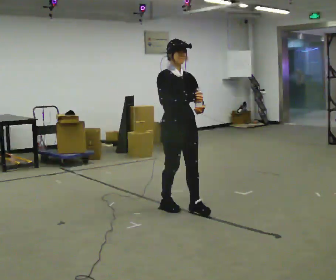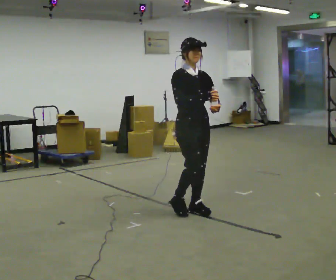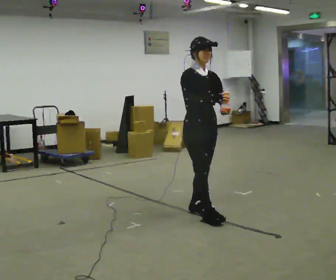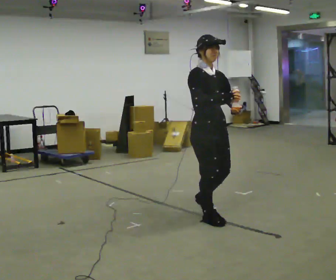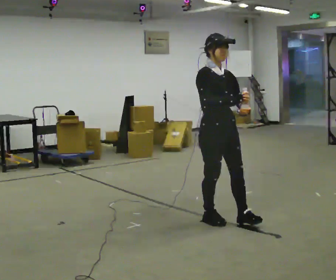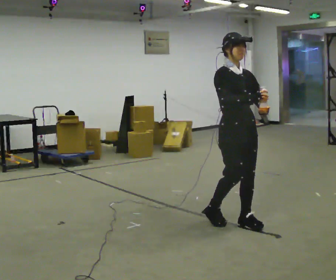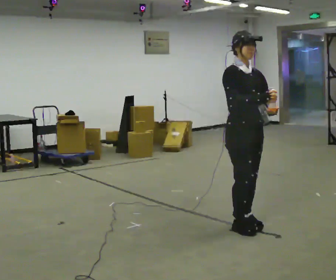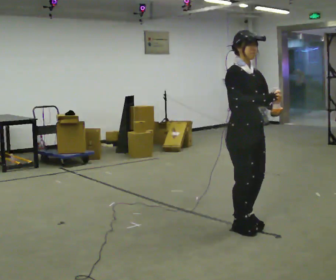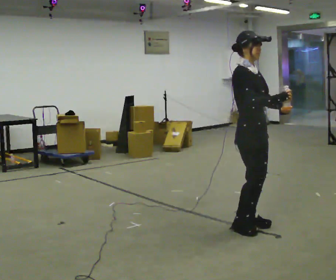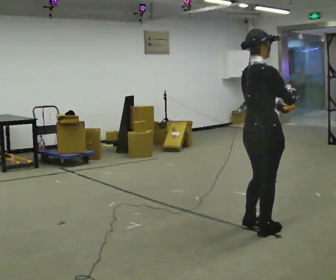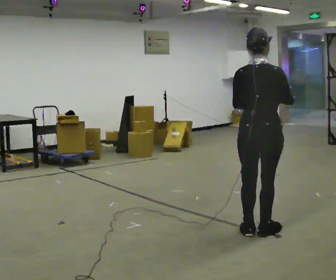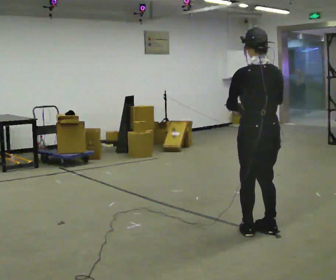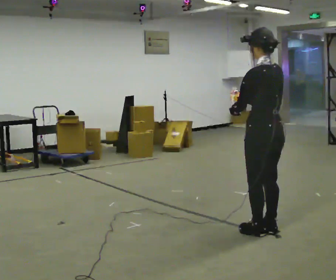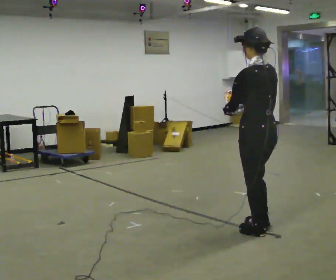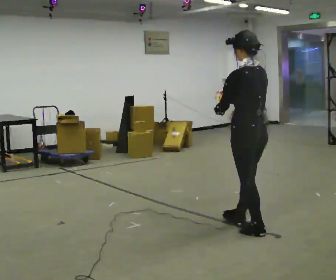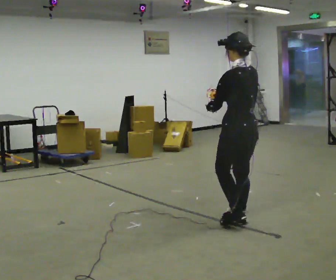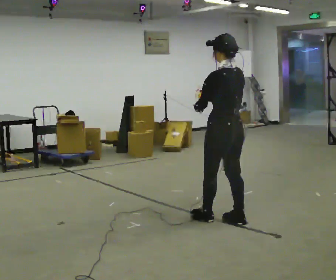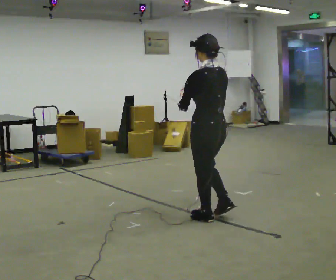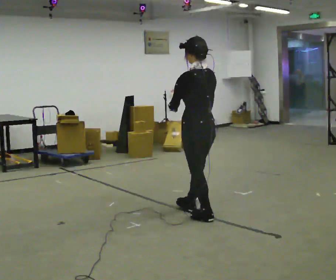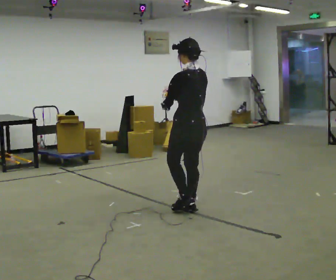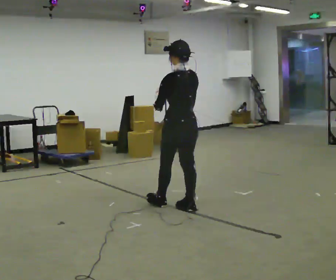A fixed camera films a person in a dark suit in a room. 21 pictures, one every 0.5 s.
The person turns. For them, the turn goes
to their left.
The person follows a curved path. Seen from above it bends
counterclockwise.
0.0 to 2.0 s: In the picture they go to the right and toward the camera, about 0.5 m in 2 steps, which for them is forward.
2.0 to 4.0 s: Seen from above the body turns counterclockwise, about 30 degrees: to their left, with its near side sliding to the right. In the picture they go to the right, about 0.25 m in 1 step, which for them is forward.
4.0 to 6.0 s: Seen from above the body turns counterclockwise, about 150 degrees: to their left, with its near side sliding to the right. In the picture their right hand goes to the left.
6.0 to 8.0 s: In the picture they go to the left and away from the camera, about 0.5 m in 2 steps, which for them is forward.
8.0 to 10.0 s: In the picture they go to the left and away from the camera, about 0.5 m in 2 steps, which for them is forward.
The film runs forward here.
